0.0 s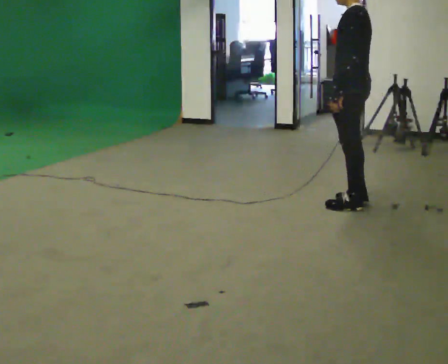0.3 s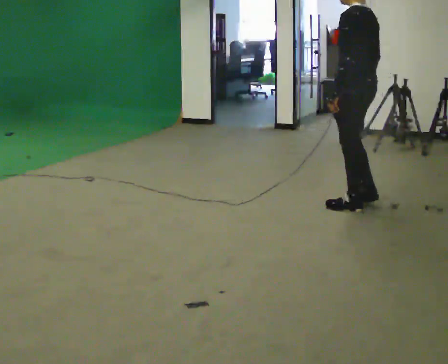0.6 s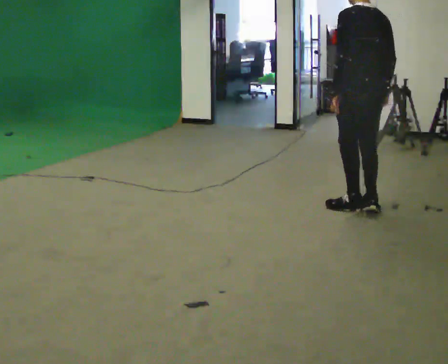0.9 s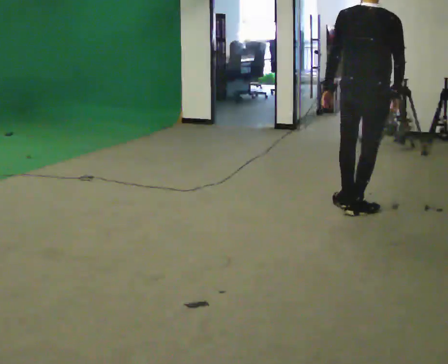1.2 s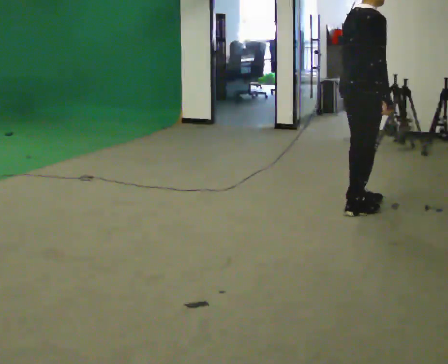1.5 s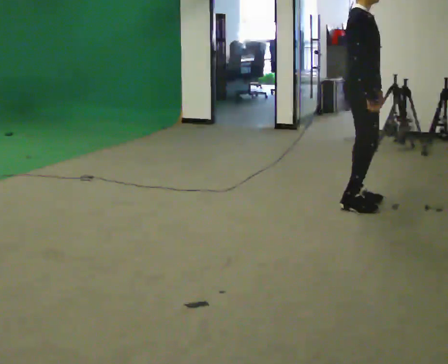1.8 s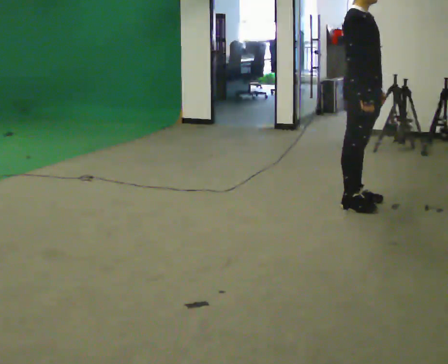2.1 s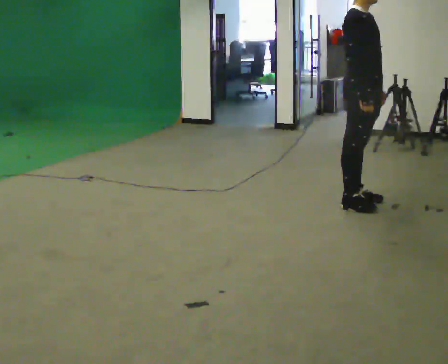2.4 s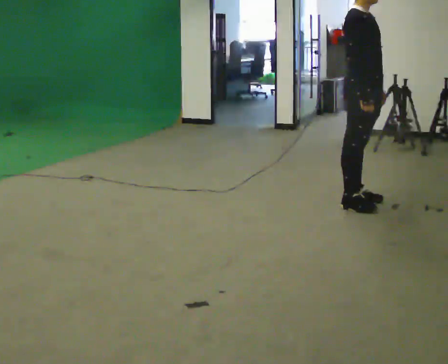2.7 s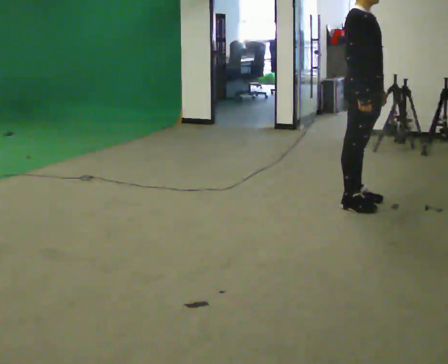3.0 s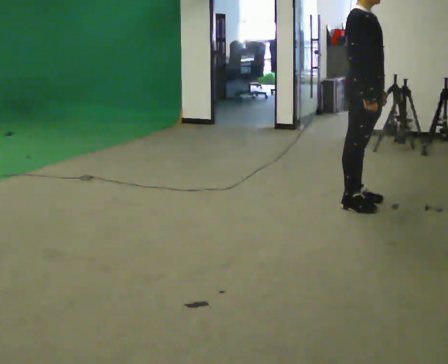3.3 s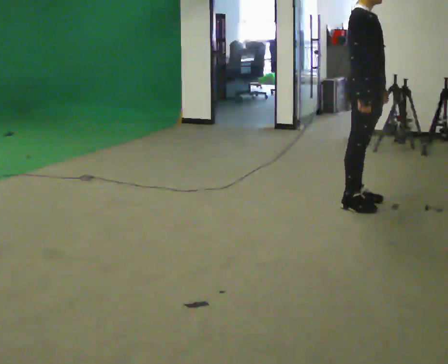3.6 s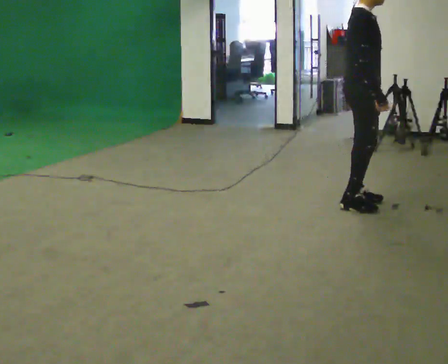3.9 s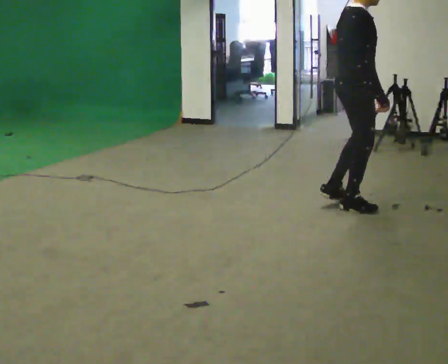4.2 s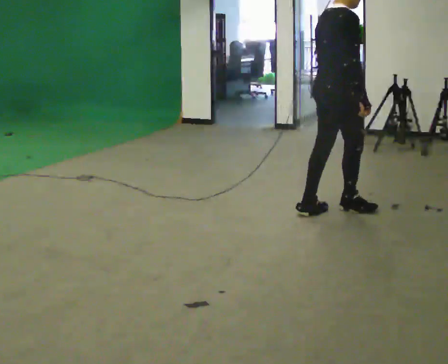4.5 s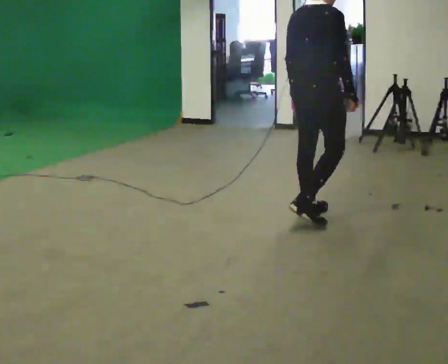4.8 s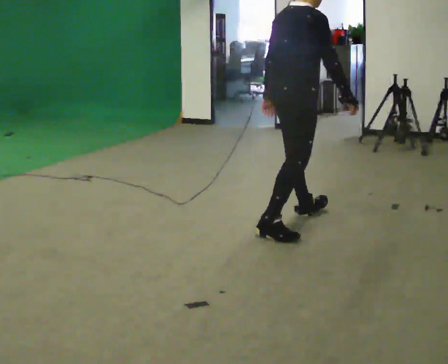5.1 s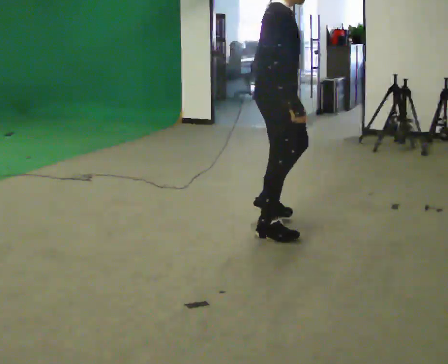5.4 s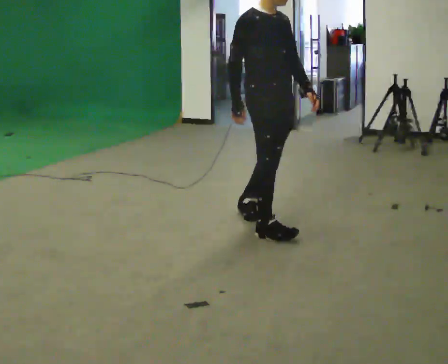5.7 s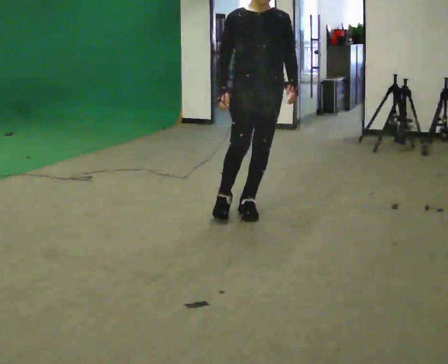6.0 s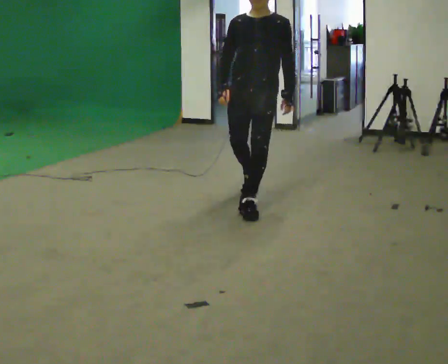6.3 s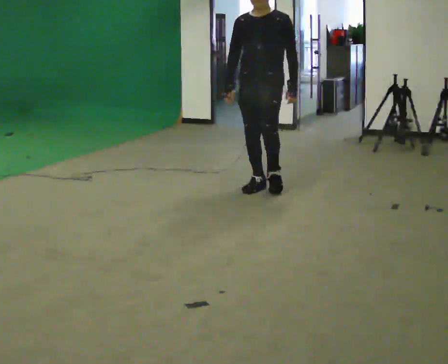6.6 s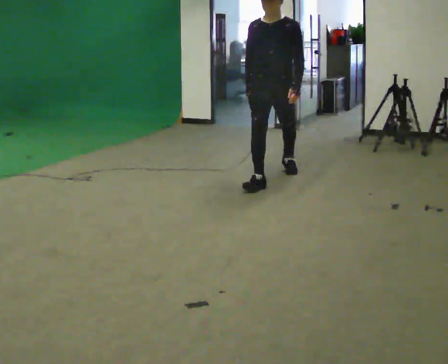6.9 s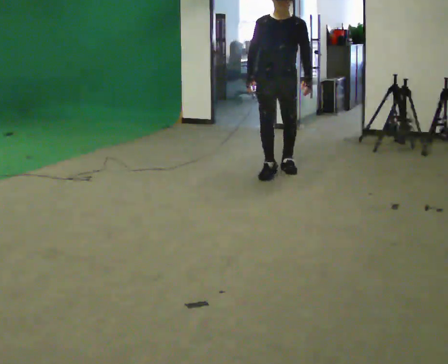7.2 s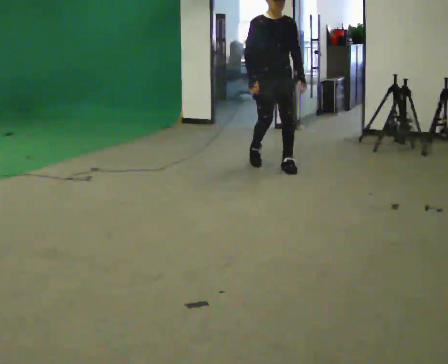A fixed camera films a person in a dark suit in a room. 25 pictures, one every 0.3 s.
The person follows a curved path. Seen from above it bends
clockwise.
0.0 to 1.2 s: Seen from above the body turns clockwise, about 135 degrees: to their right, with its near side sliding to the left.
1.2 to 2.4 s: The person turns about 45 degrees to their right, clockwise seen from above, so the part of the body nearest the lens slides to the left.
2.4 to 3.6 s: The person moves a little, or ends about where they began.
3.6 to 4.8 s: Seen from above the body turns counterclockwise, about 45 degrees: to their left, with its near side sliding to the right. In the picture they go toward the camera and to the left, about 0.5 m in 2 steps, which for them is backward.
4.8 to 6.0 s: The person turns about 135 degrees to their right, clockwise seen from above, so the part of the body nearest the lens slides to the left. In the picture they go away from the camera and to the left, about 0.75 m in 2 steps.
6.0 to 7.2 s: The person turns about 30 degrees to their left, counterclockwise seen from above, so the part of the body nearest the lens slides to the right. In the picture they go away from the camera, about 1 m in 2 steps, which for them is backward.
The film runs backward here.
